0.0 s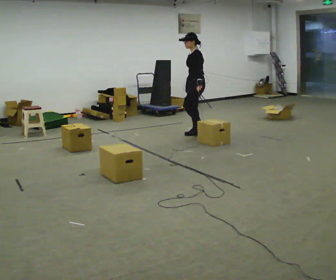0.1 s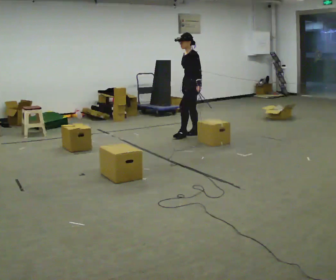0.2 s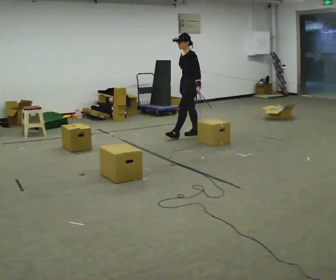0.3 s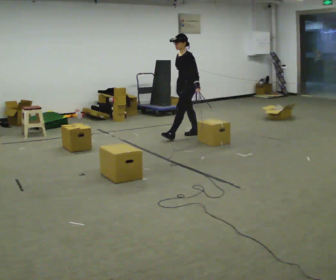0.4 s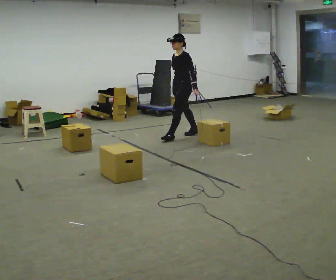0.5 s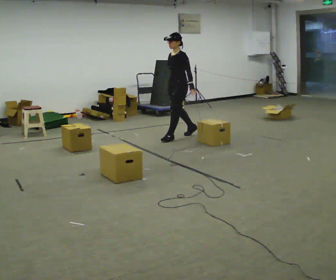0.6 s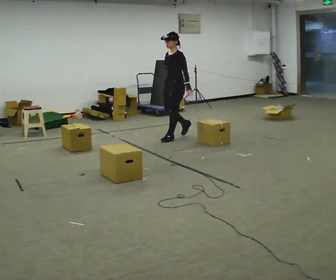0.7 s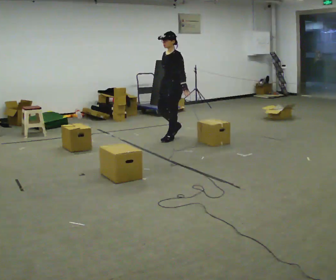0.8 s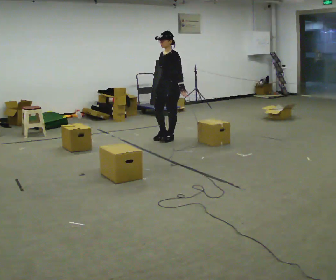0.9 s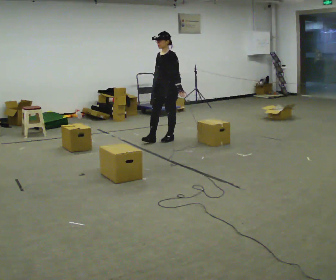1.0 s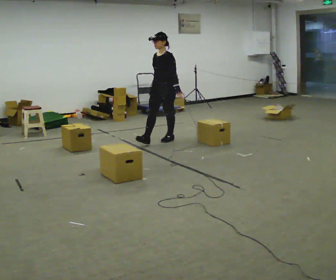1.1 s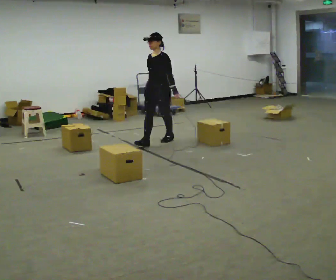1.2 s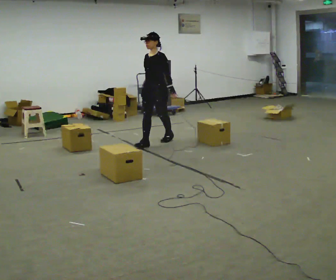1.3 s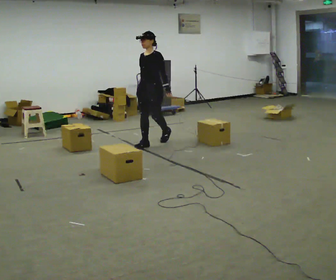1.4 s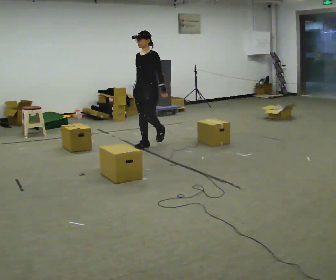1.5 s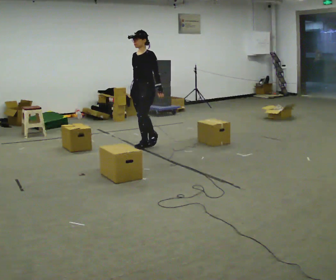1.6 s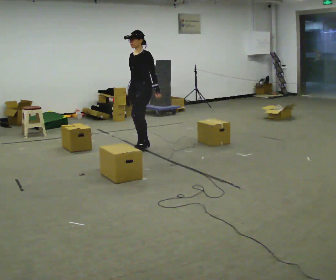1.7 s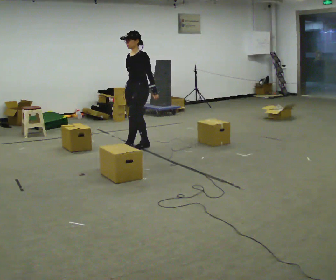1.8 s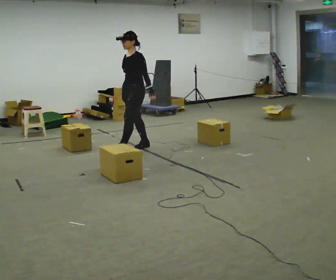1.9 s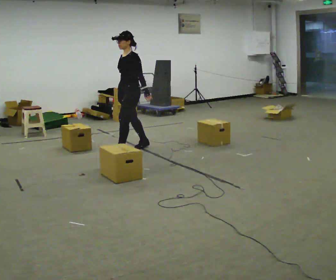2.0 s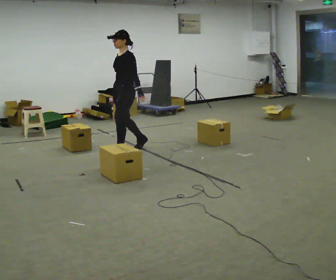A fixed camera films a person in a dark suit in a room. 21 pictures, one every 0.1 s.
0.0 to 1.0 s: The part of the body nearest the lens slides to the right as the person turns to their left by about 30 degrees. In the picture they go to the left and toward the camera, about 0.75 m in 1 step, which for them is forward.
1.0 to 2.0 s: In the picture they go toward the camera and to the left, about 1 m in 2 steps, which for them is forward.
The film runs forward here.
